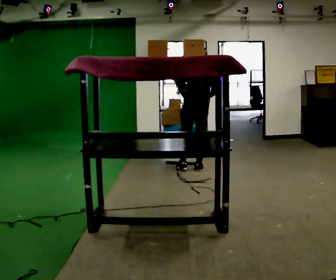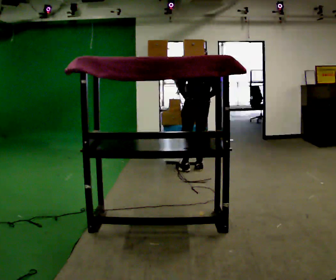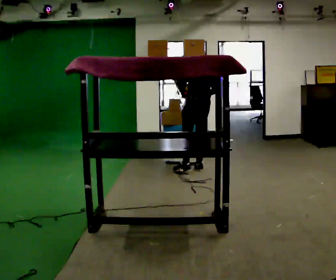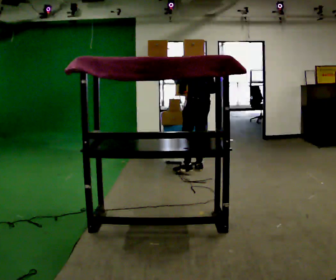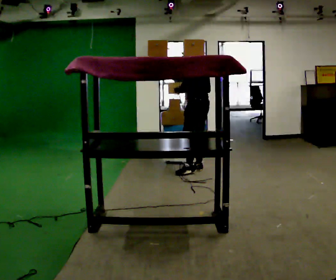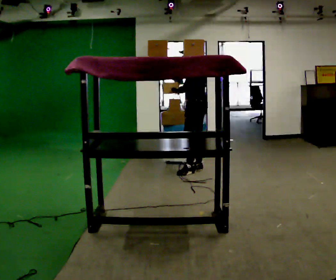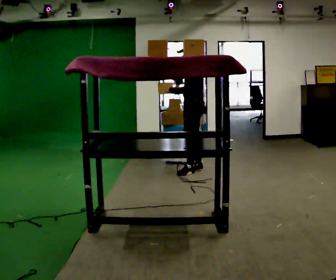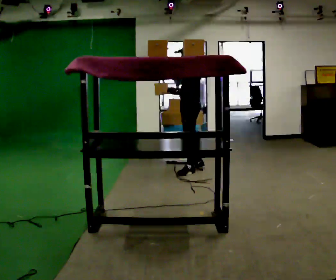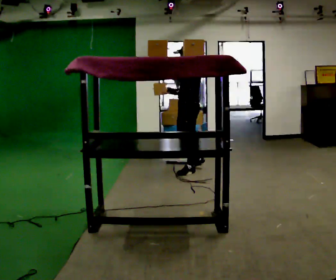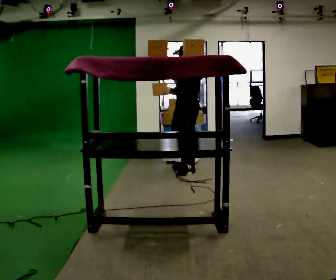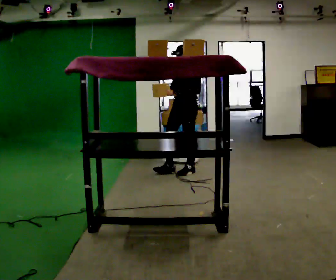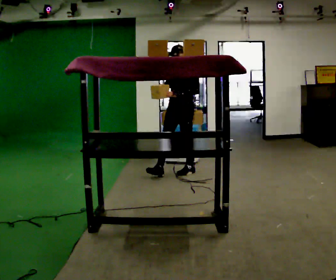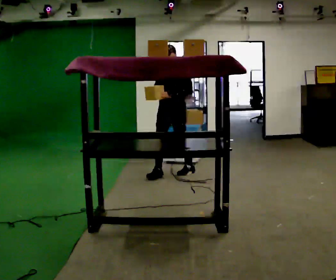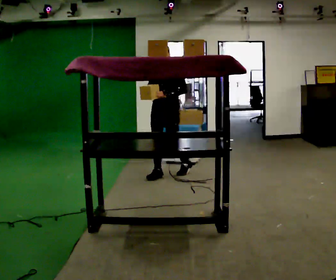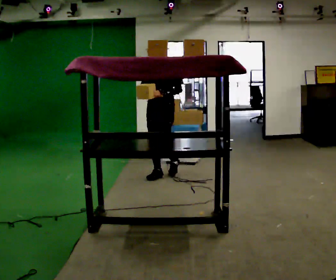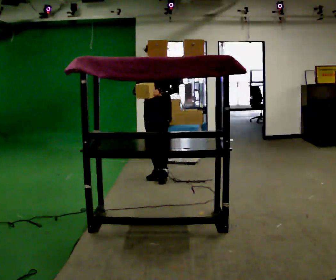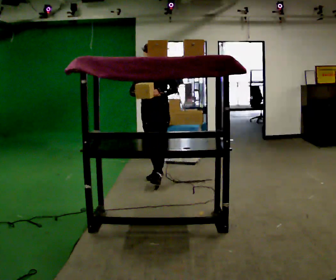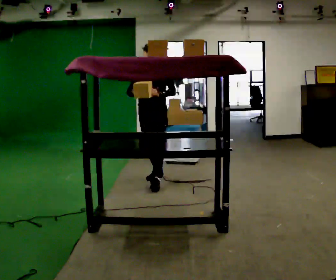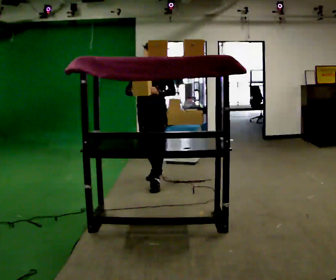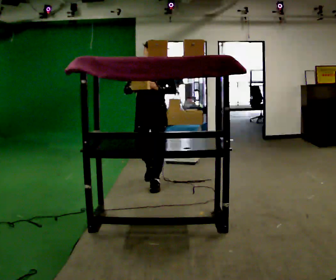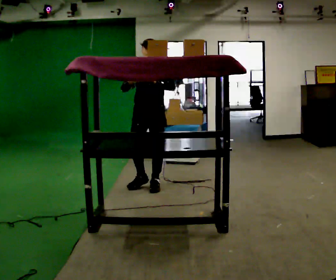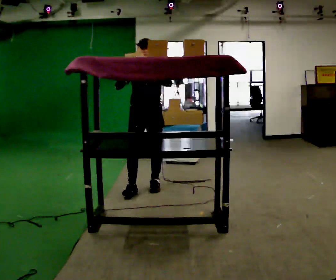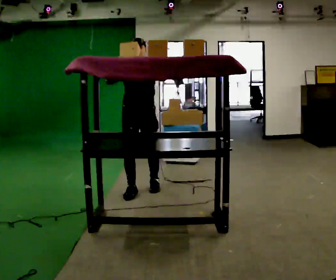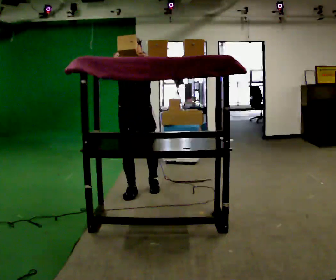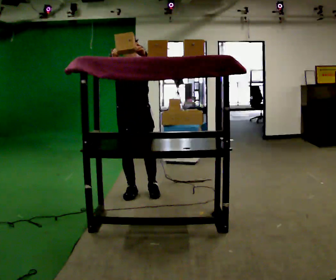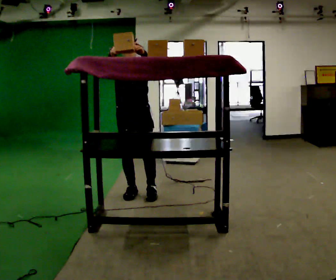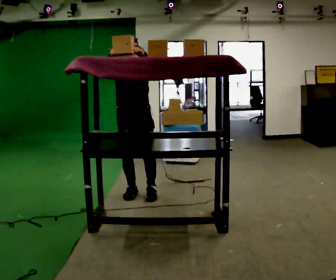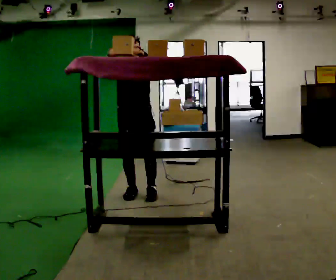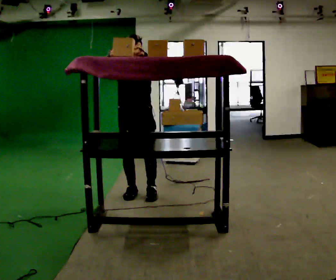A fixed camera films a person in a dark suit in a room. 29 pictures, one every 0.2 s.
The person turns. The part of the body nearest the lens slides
to the right.
The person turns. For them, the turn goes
to their left.
0.0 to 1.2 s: The person turns about 60 degrees to their left, counterclockwise seen from above, so the part of the body nearest the lens slides to the right. In the picture their right hand goes to the left.
1.2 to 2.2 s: The person turns about 60 degrees to their left, counterclockwise seen from above, so the part of the body nearest the lens slides to the right. In the picture they go to the left, about 0.25 m.
2.2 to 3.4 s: In the picture they go to the left and toward the camera, about 0.5 m in 2 steps, which for them is forward.
3.4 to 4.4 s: In the picture they go toward the camera, about 0.5 m in 1 step, which for them is forward.
4.4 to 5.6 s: In the picture they go toward the camera, about 0.25 m in 1 step, which for them is forward.
The film runs forward here.
